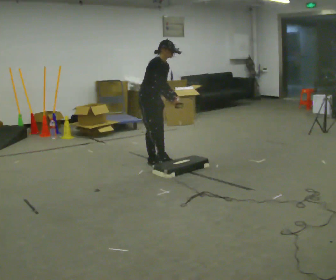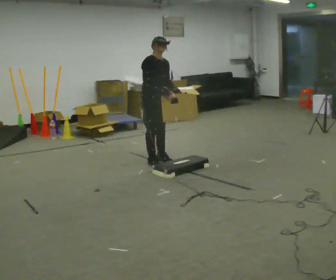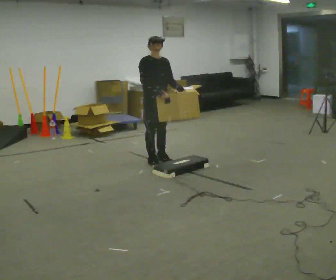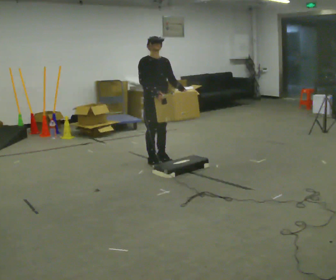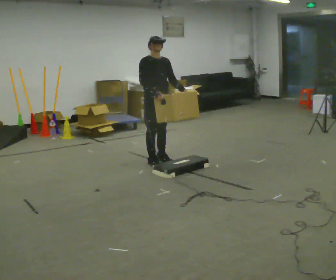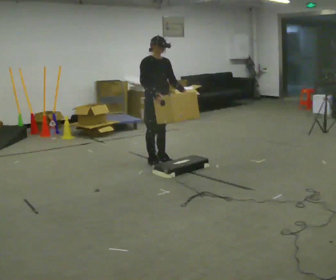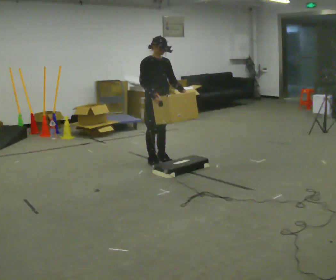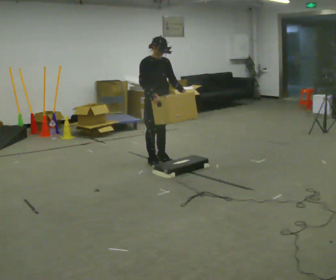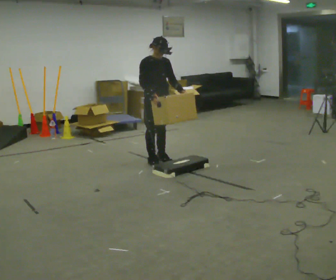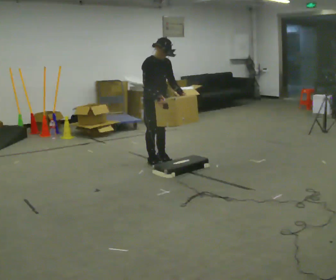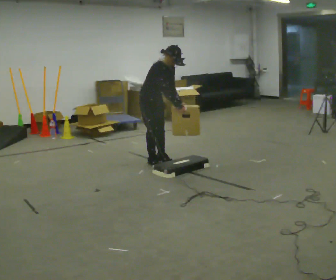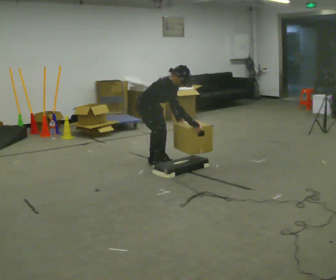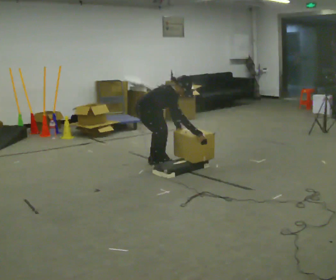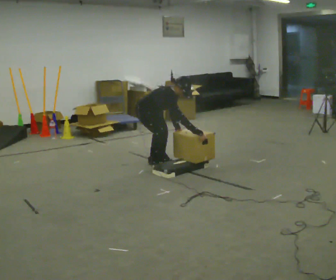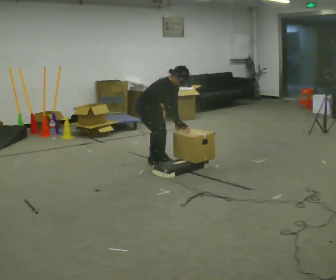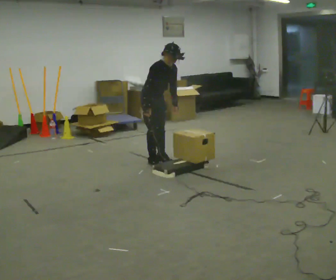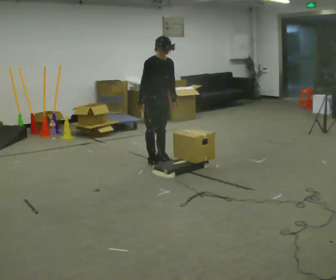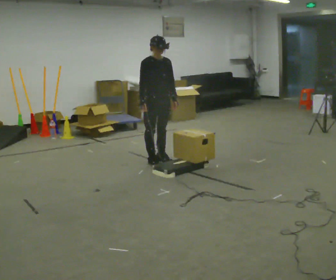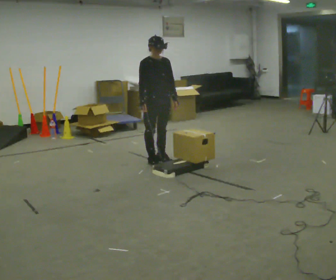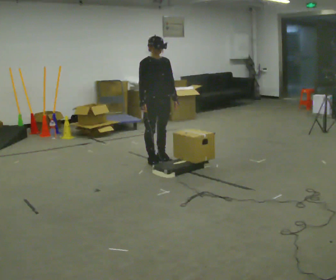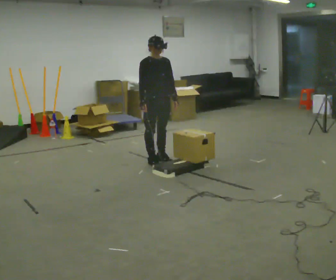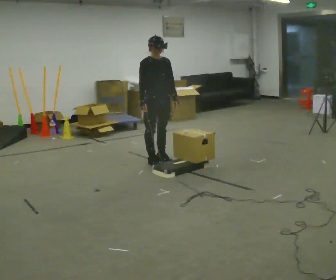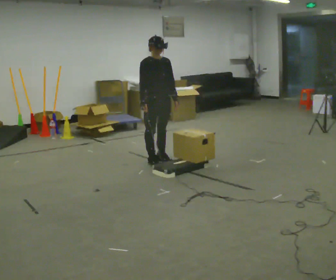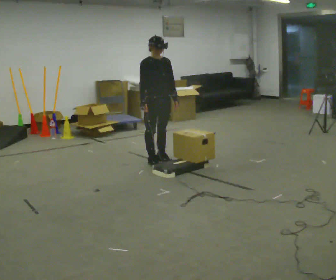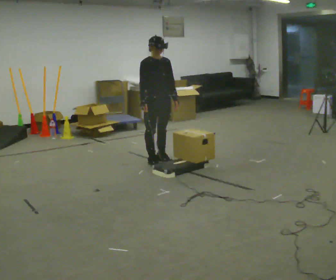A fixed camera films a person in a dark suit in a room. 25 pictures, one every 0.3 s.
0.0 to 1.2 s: The person turns about 30 degrees to their right, clockwise seen from above, so the part of the body nearest the lens slides to the left. In the picture the upper body tilts counterclockwise, shoulders to the left, as they lean back or straighten.
1.2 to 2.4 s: The person moves a little, or ends about where they began.
2.4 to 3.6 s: The upper body goes downward. In the picture the upper body tilts clockwise, shoulders to the right, as they bend forward. In the picture their right hand goes to the right and downward.
3.6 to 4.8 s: The shoulders move upward. In the picture the upper body tilts counterclockwise, shoulders to the left, as they lean back or straighten. In the picture their right hand goes to the left and upward, the arm swinging clockwise.
4.8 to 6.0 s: The person moves a little, or ends about where they began.
6.0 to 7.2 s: The person keeps their place and pose.
The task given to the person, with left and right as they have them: Carry the box up onto the platform, across it, and down the other side, then bring it back. Keep going until the operator says stop; one object at a time, and do not rush between trips.
The film runs forward here.
